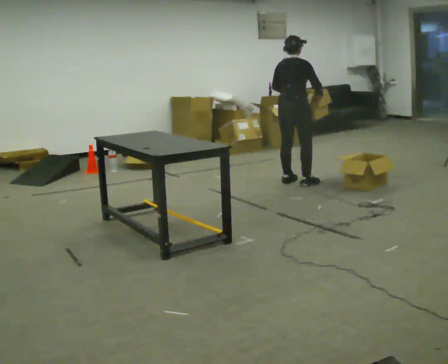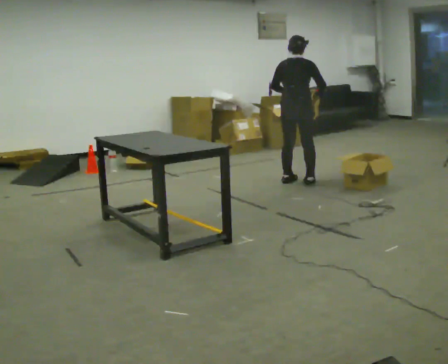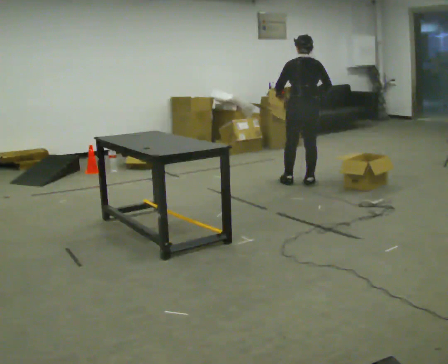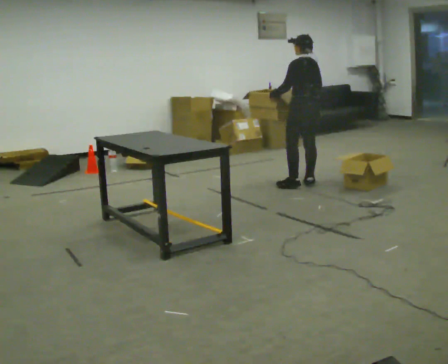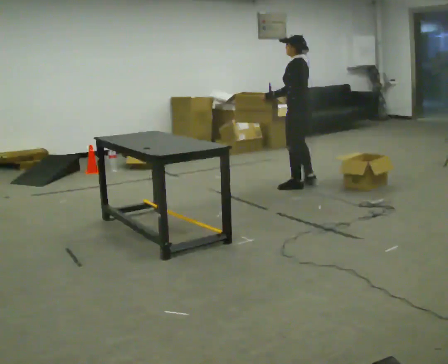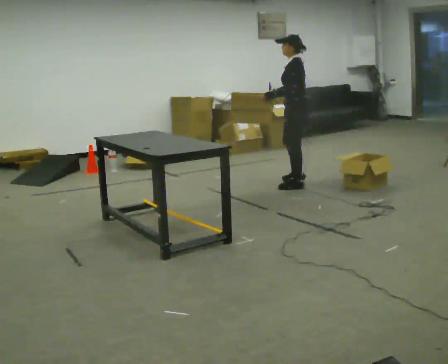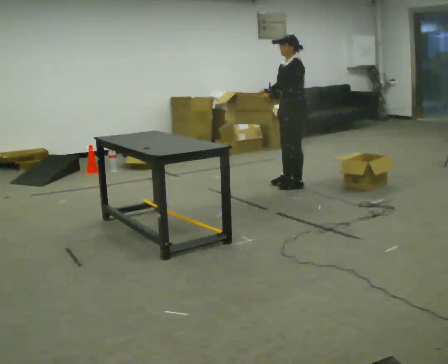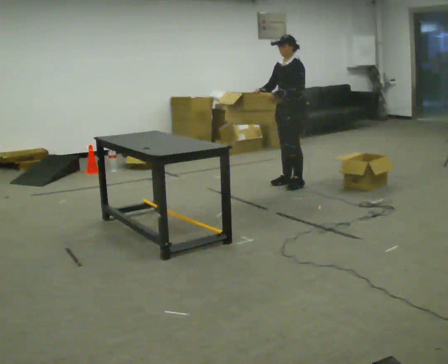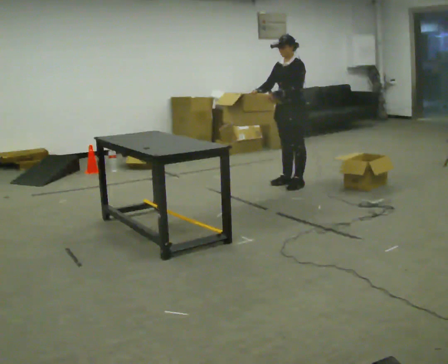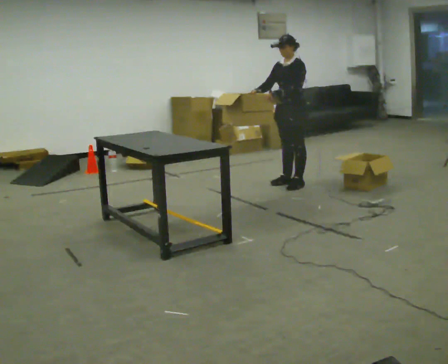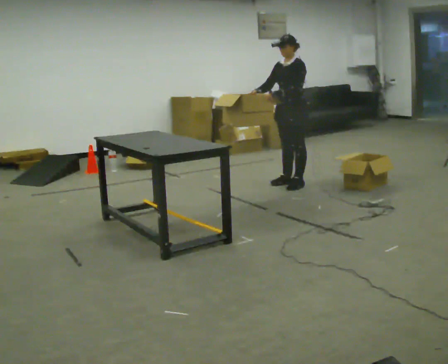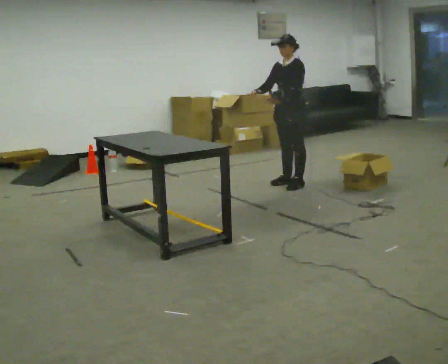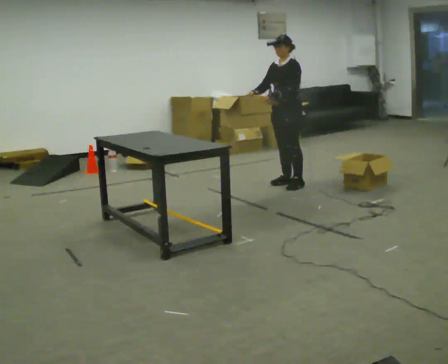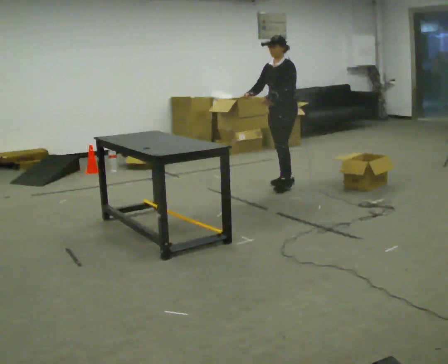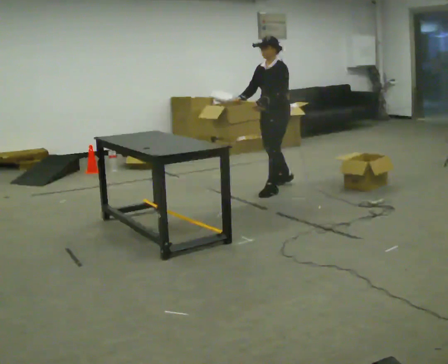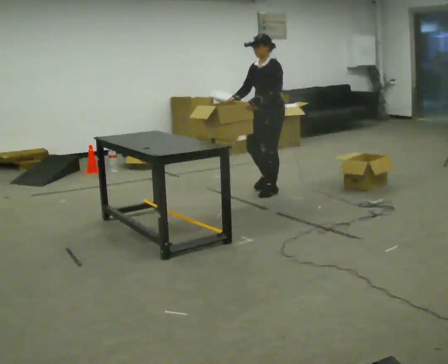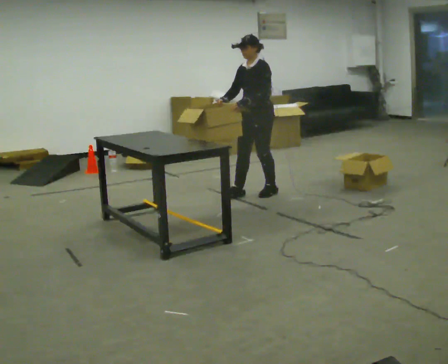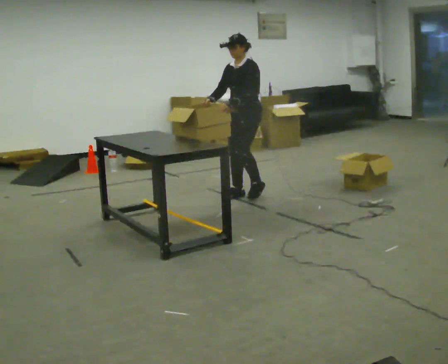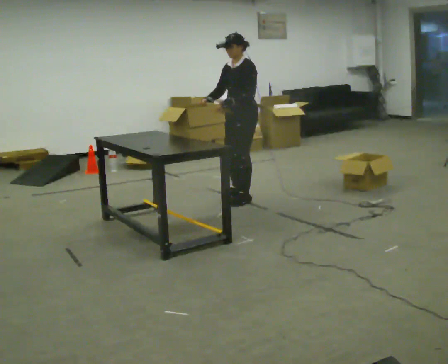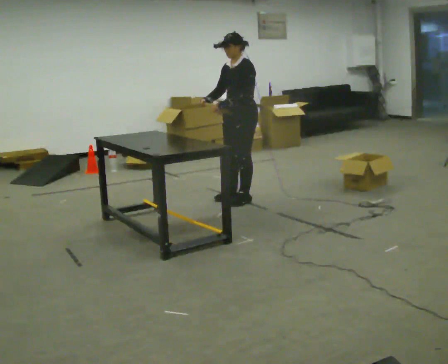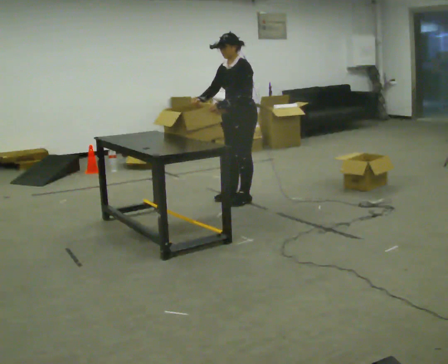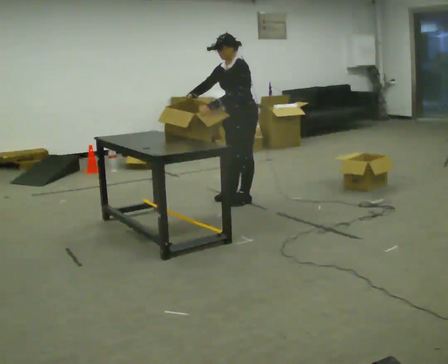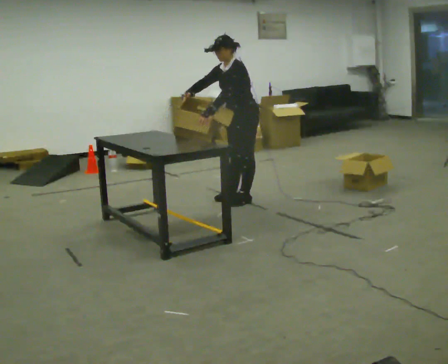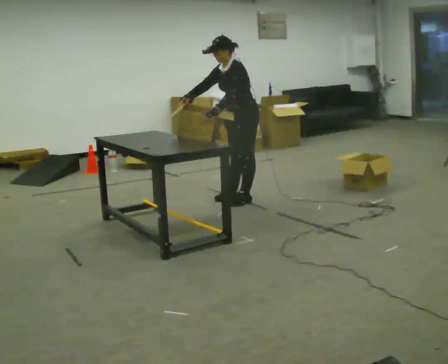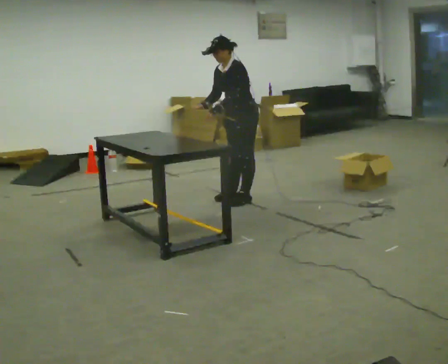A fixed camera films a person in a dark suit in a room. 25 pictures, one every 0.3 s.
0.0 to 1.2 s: The part of the body nearest the lens slides to the right as the person turns to their left by about 105 degrees. In the picture they go toward the camera, about 0.25 m in 1 step.
1.2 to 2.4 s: The person turns about 60 degrees to their left, counterclockwise seen from above, so the part of the body nearest the lens slides to the right.
2.4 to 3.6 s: The person moves a little, or ends about where they began.
3.6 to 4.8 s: In the picture they go toward the camera and to the left, about 0.5 m in 2 steps, which for them is forward.
4.8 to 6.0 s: In the picture they go toward the camera, about 0.25 m in 1 step, which for them is forward.
6.0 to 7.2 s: The person moves a little, or ends about where they began.
The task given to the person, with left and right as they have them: 1. Take everything out of the crates by the door. 2. Put the small items on the middle shelf. 3. Put the large items on the bottom shelf. 4. Stack the empty crates by the door. 5. Tell the operator when you are finished.
The film runs forward here.
